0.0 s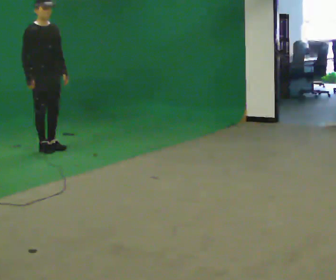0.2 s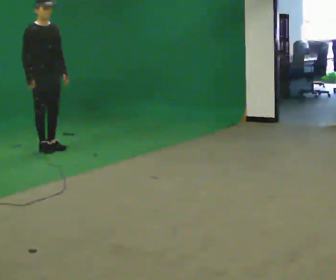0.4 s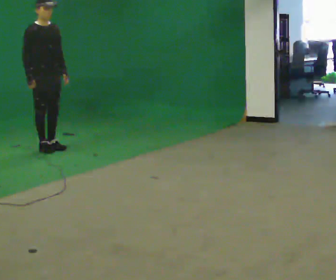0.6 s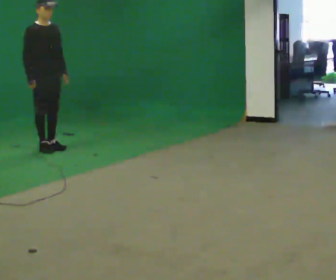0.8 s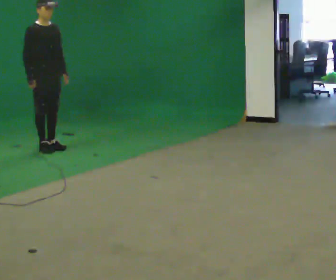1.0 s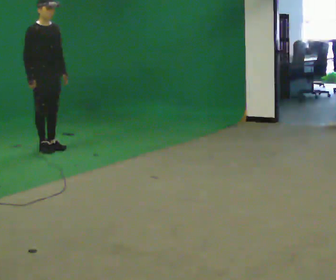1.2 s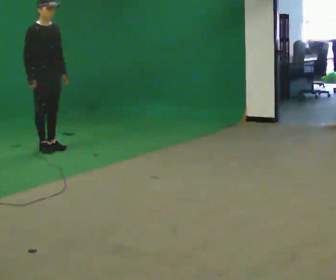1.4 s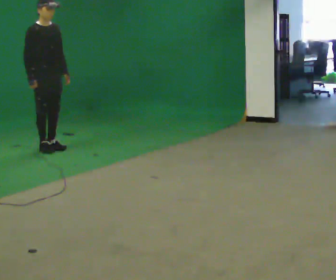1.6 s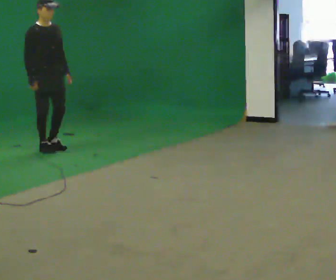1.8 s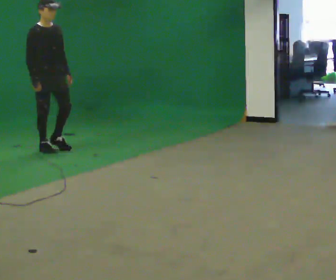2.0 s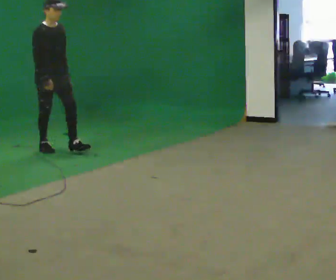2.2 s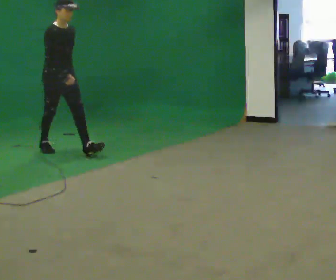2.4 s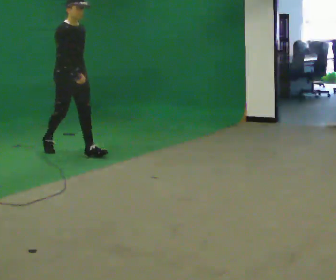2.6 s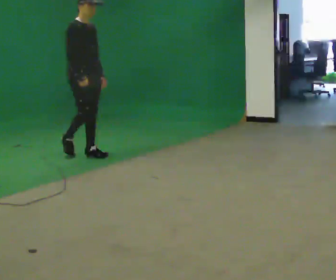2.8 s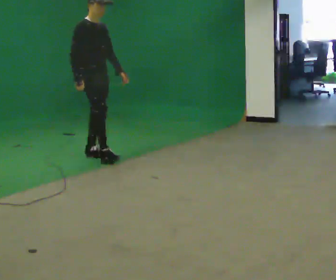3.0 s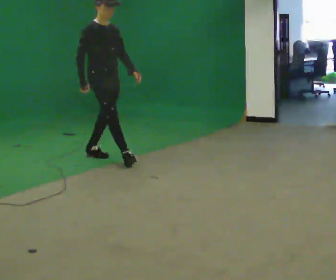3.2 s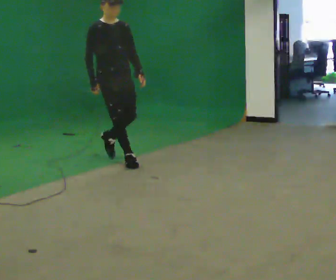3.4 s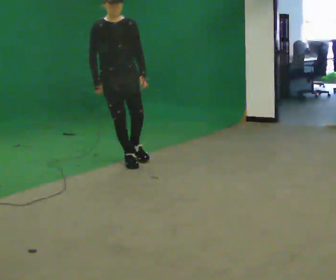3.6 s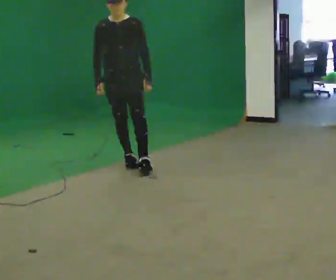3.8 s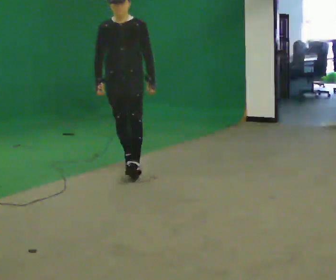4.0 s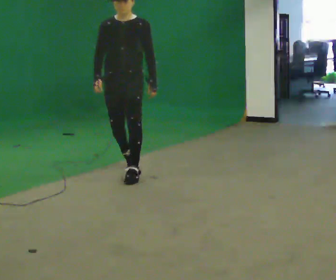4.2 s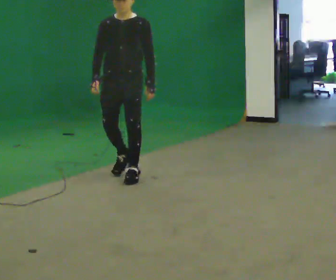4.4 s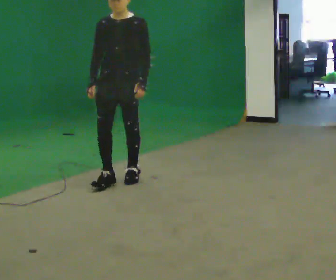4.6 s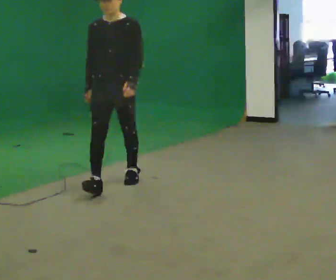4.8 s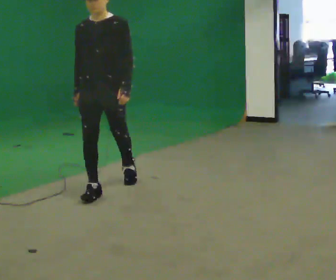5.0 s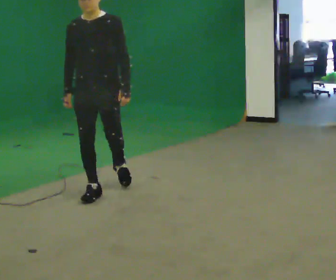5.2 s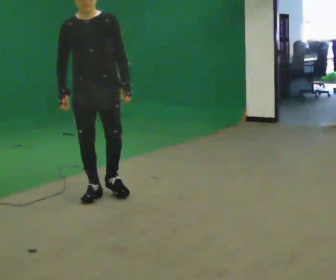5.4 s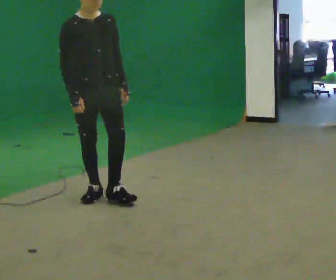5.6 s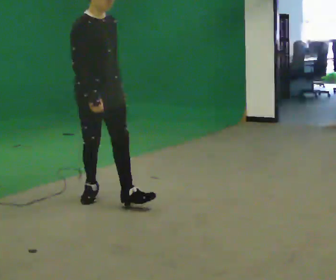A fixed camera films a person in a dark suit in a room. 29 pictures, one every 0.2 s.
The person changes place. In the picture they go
toward the camera.
0.0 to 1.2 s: The person moves a little, or ends about where they began.
1.2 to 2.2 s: In the picture they go toward the camera and to the right, about 0.25 m in 1 step, which for them is forward.
2.2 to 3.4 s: The part of the body nearest the lens slides to the left as the person turns to their right by about 45 degrees. In the picture they go toward the camera and to the right, about 1 m in 1 step, which for them is forward.
3.4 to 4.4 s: In the picture they go toward the camera, about 0.5 m in 1 step, which for them is forward.
4.4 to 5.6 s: The person turns about 60 degrees to their left, counterclockwise seen from above, so the part of the body nearest the lens slides to the right. In the picture they go toward the camera, about 0.75 m in 1 step.
The film runs forward here.
